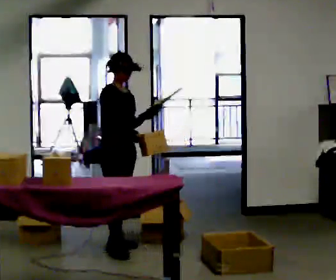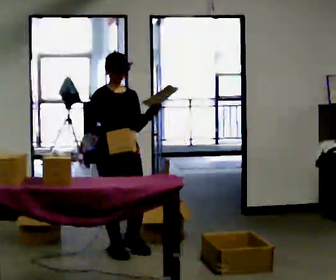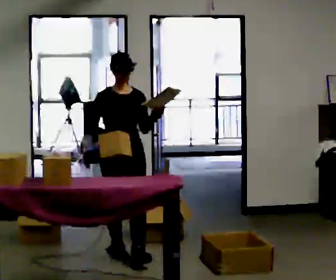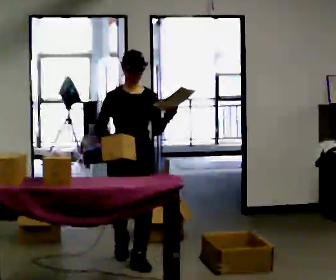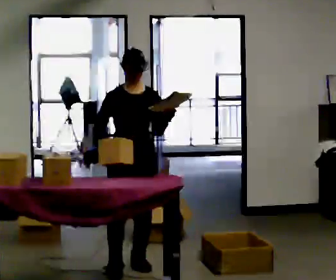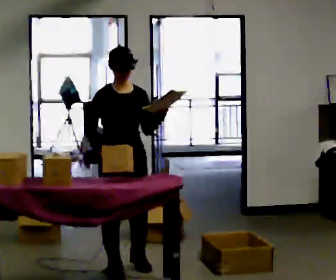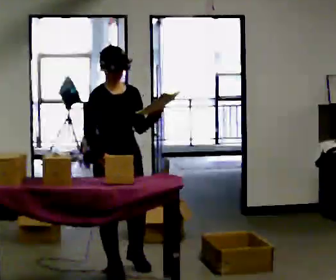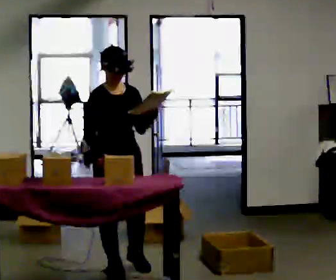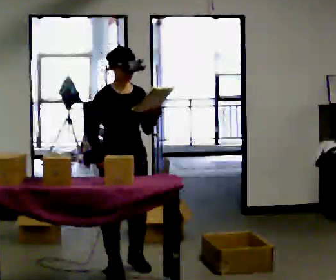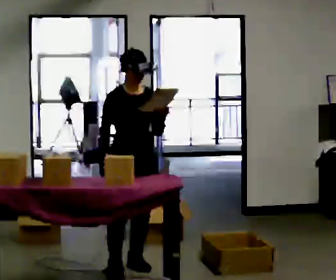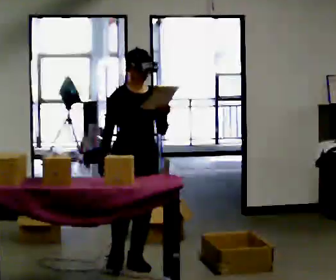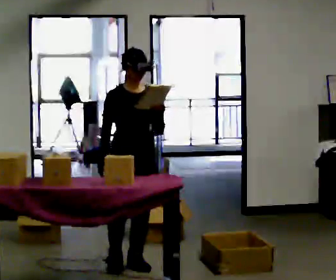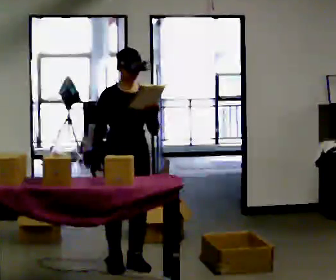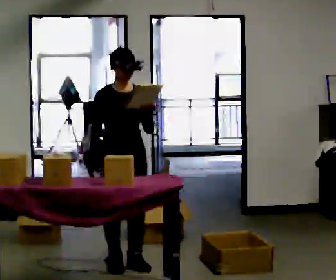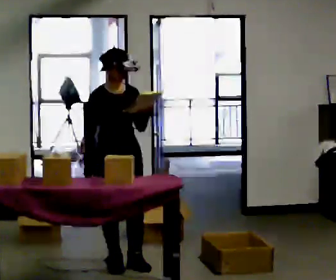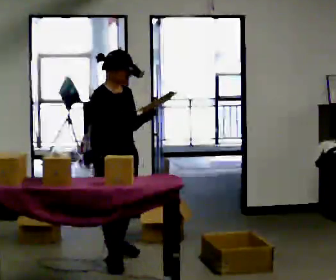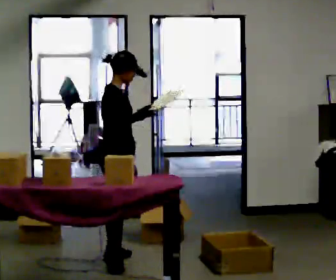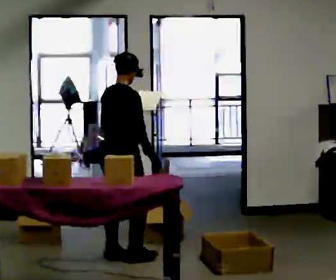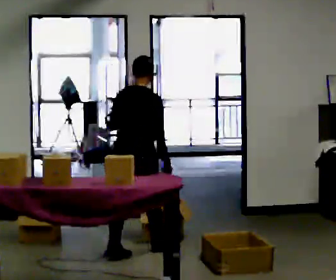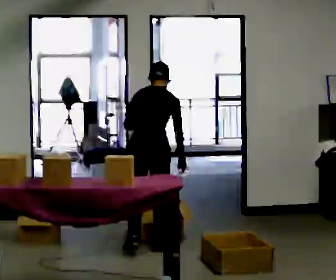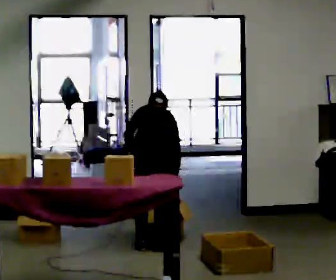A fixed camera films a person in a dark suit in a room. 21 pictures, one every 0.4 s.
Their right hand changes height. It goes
downward.
0.0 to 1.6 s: The part of the body nearest the lens slides to the left as the person turns to their right by about 45 degrees. In the picture they go toward the camera, about 0.5 m in 1 step, which for them is forward.
1.6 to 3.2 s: In the picture they go toward the camera, about 0.25 m in 1 step, which for them is forward.
3.2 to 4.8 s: In the picture they go away from the camera, about 0.25 m in 1 step, which for them is backward.
4.8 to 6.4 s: Seen from above the body turns counterclockwise, about 90 degrees: to their left, with its near side sliding to the right. In the picture they go away from the camera, about 0.25 m in 1 step.
6.4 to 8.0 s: The person turns about 90 degrees to their left, counterclockwise seen from above, so the part of the body nearest the lens slides to the right. In the picture they go away from the camera and to the right, about 0.5 m in 2 steps. The shoulders move downward. The upper body tips away from the camera, its near side rolling upward, as they bend forward.
The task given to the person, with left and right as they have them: 1. Read the parts list. 2. Collect each part from the bins around the room. 3. Lay them out on the table in the order on the list. 4. Put them all in the carry case. 5. Tell the operator when you are finished.
The film runs forward here.
